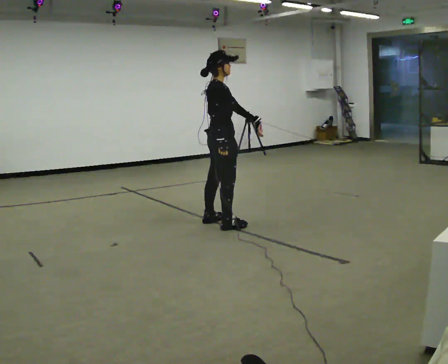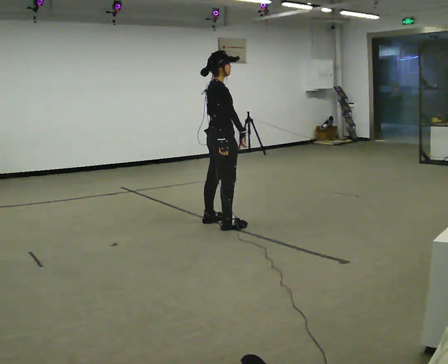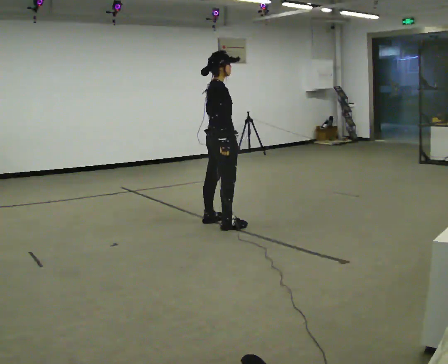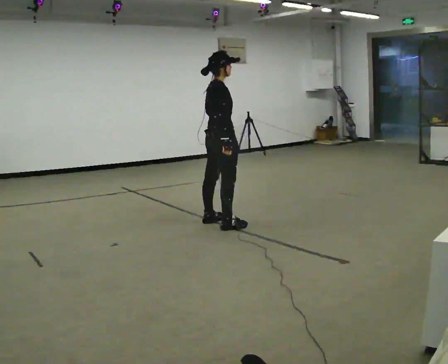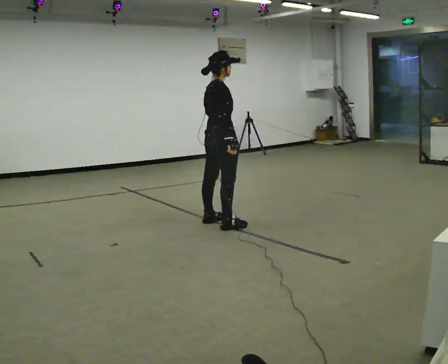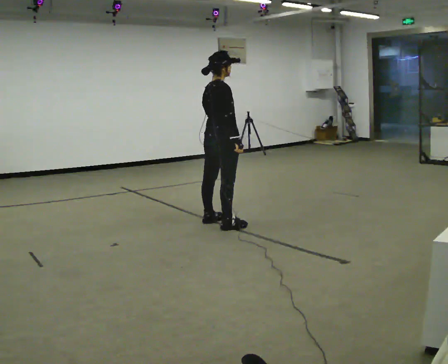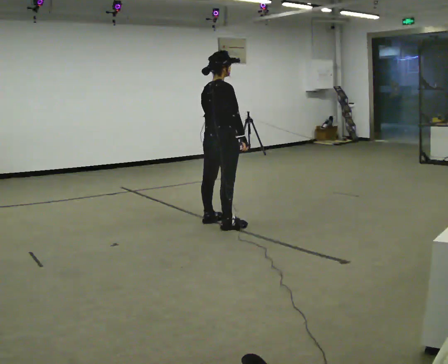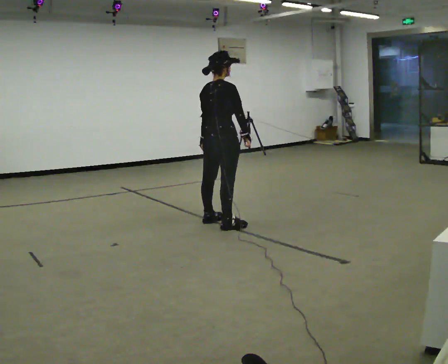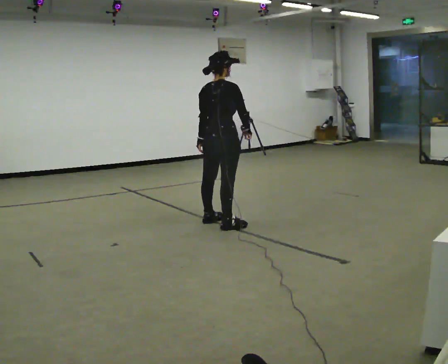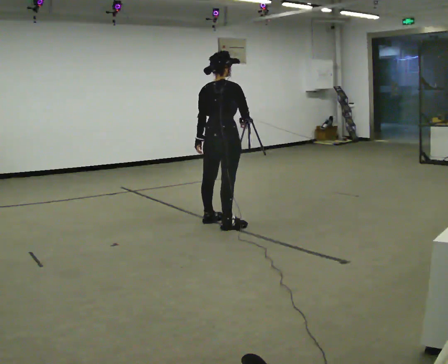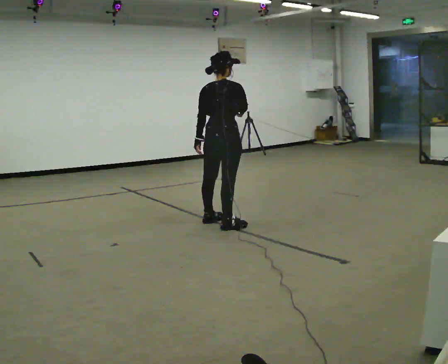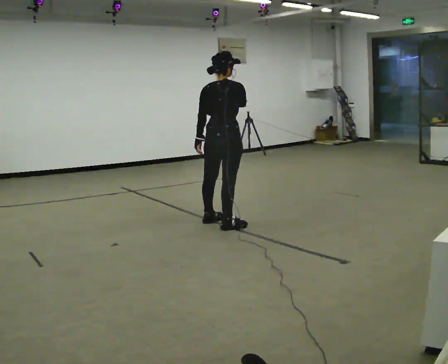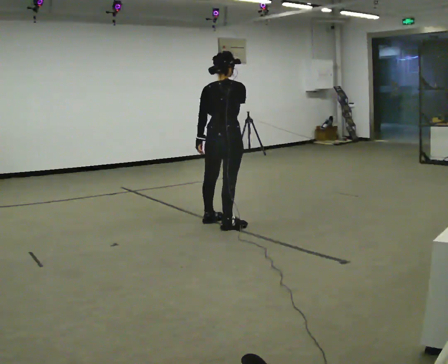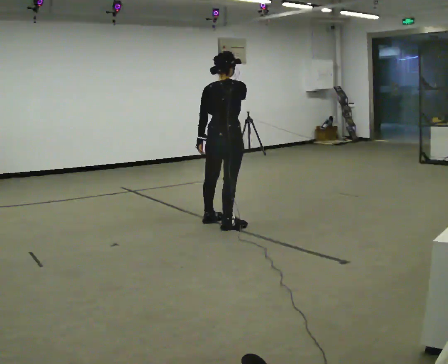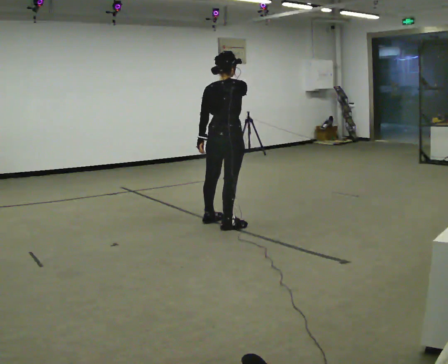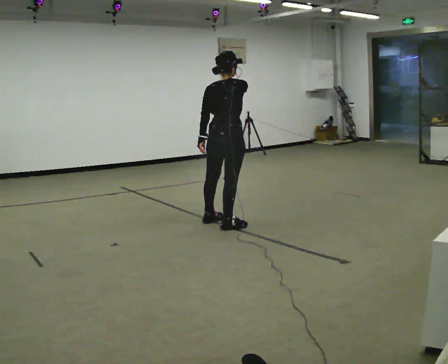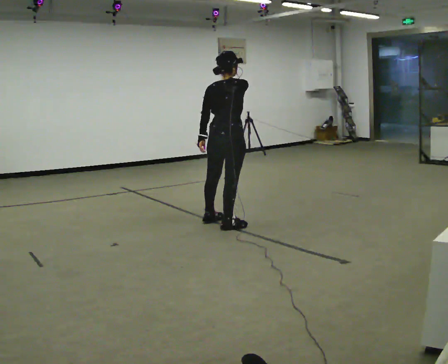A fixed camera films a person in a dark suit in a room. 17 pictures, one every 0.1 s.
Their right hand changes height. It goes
upward.
Their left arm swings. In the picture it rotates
clockwise.
0.0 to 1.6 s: Seen from above the body turns counterclockwise, about 60 degrees: to their left, with its near side sliding to the right. In the picture their right hand goes upward.
The film runs backward here.
